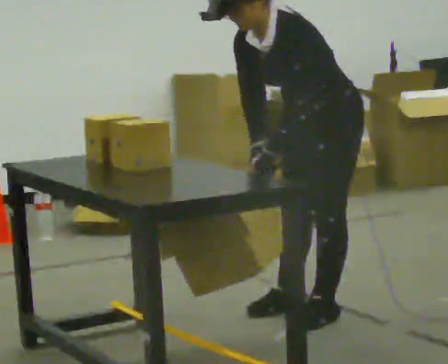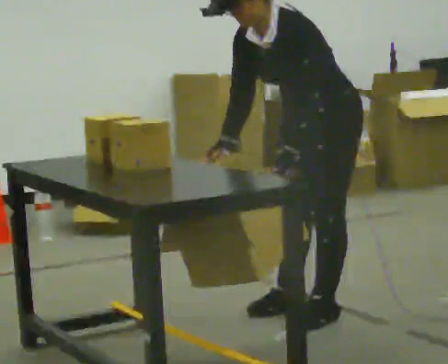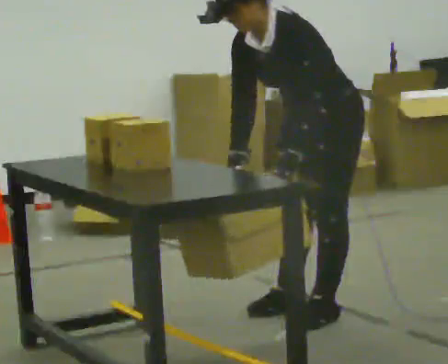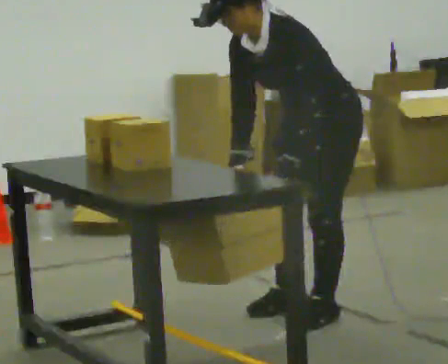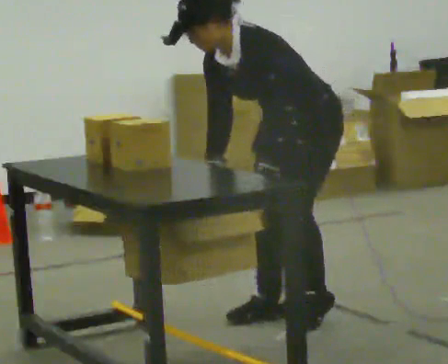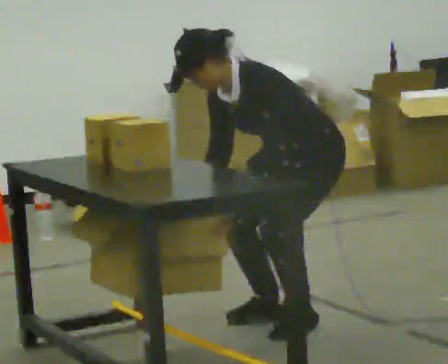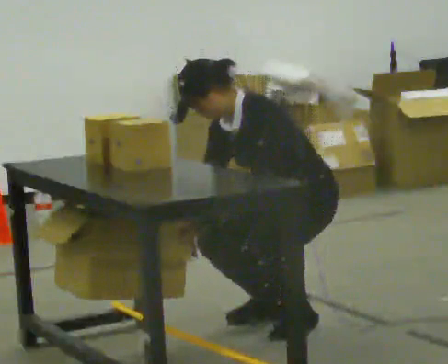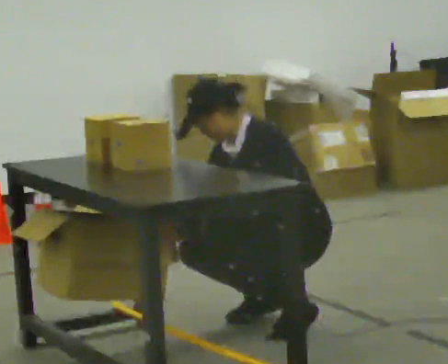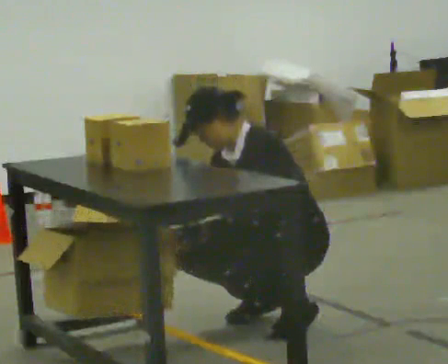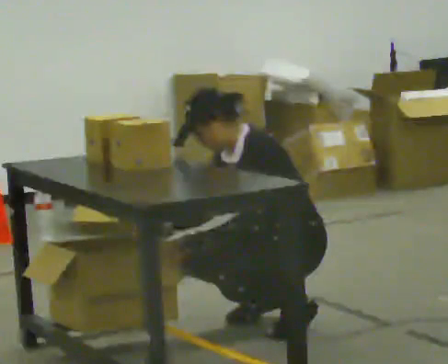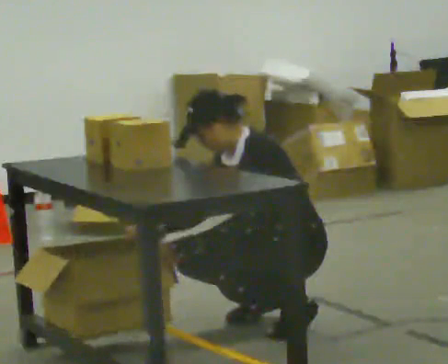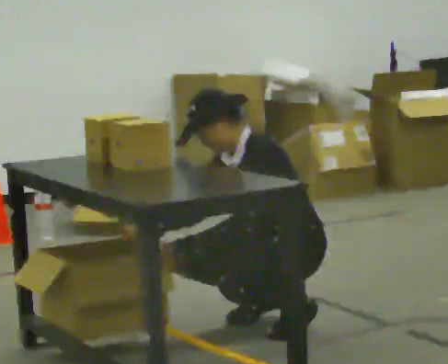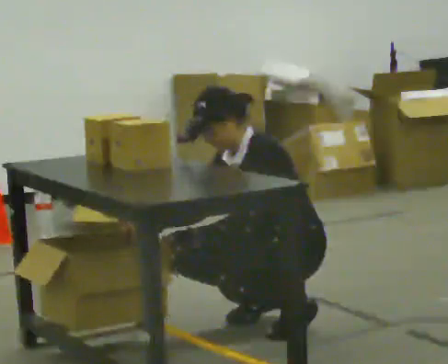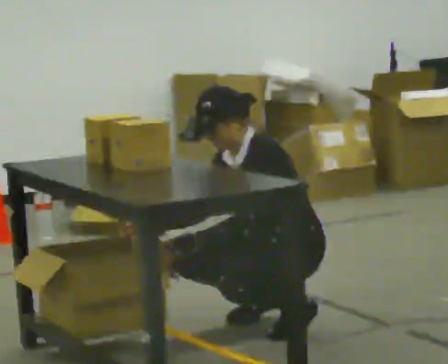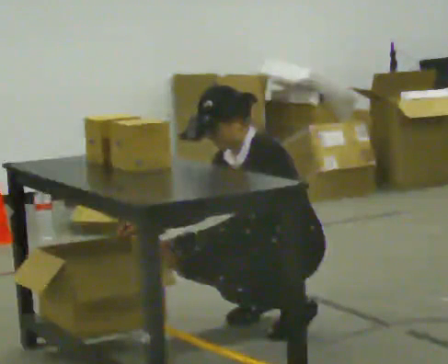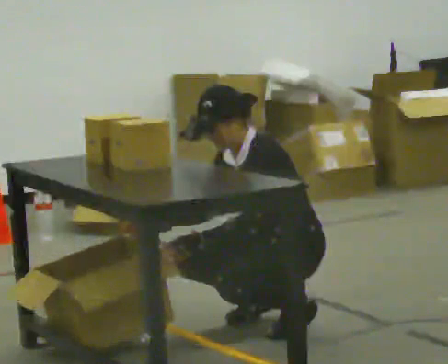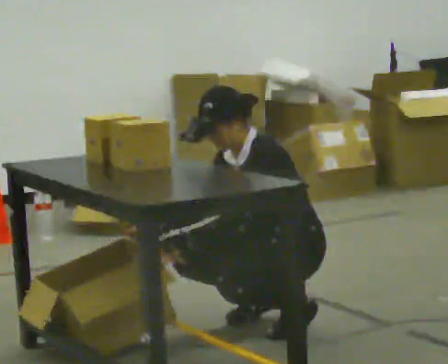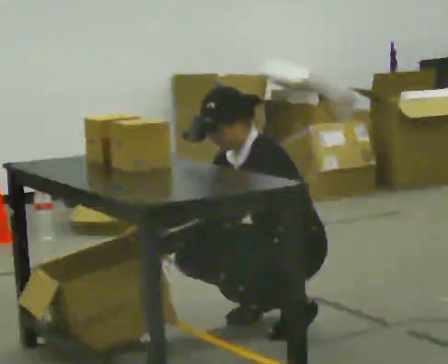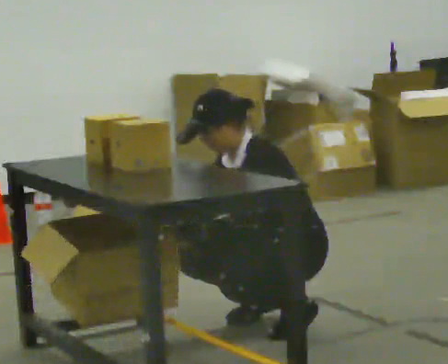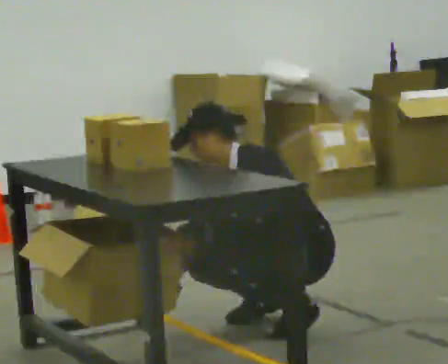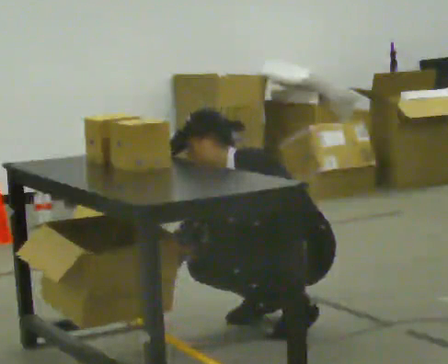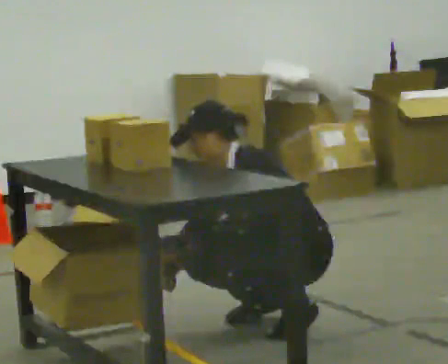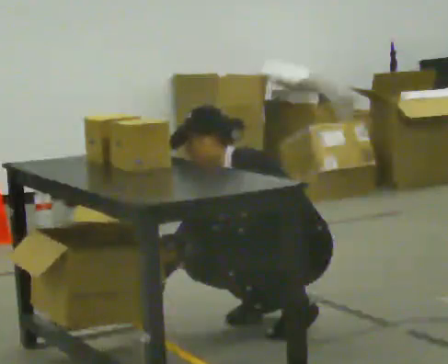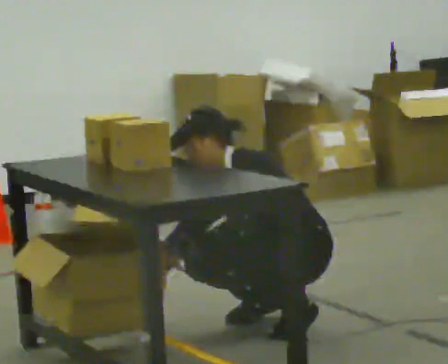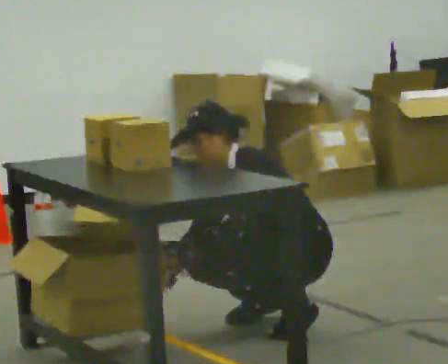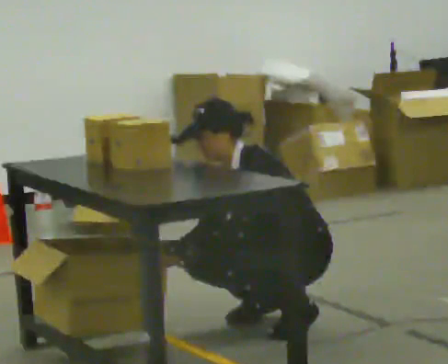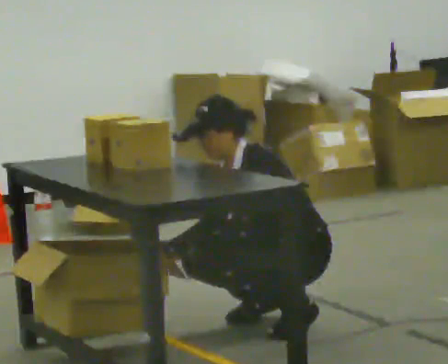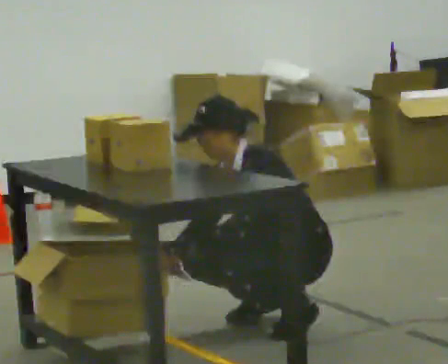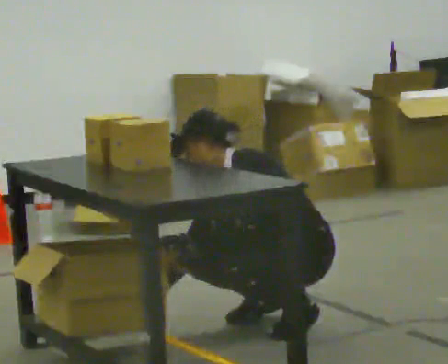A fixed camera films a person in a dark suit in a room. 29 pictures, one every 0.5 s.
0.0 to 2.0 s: The person moves a little, or ends about where they began.
2.0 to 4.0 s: The shoulders move downward. The upper body tips away from the camera, its near side rolling upward, as they lean back or straighten.
4.0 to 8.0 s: The person moves a little, or ends about where they began.
8.0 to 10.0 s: In the picture the upper body tilts counterclockwise, shoulders to the left, as they bend forward.
10.0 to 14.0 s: The person moves a little, or ends about where they began.
The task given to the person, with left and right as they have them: 1. Take everything out of the crates by the door. 2. Put the small items on the middle shelf. 3. Put the large items on the bottom shelf. 4. Stack the empty crates by the door. 5. Tell the operator when you are finished.
The film runs forward here.
